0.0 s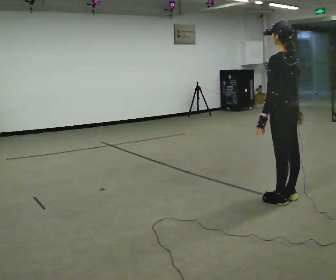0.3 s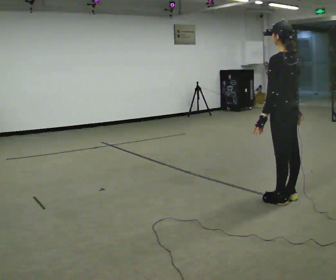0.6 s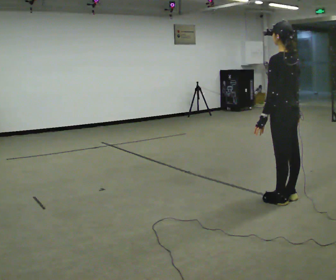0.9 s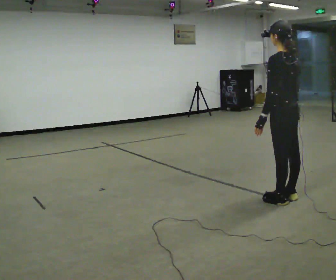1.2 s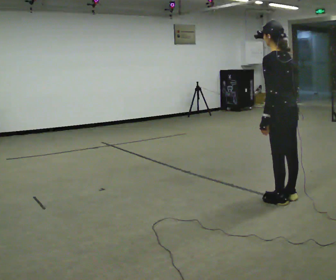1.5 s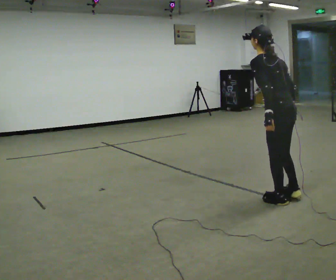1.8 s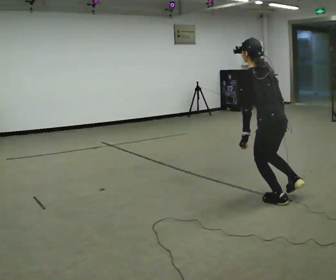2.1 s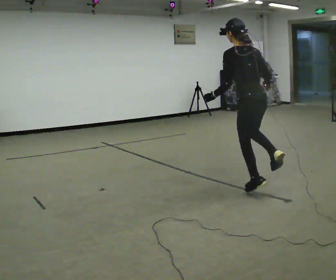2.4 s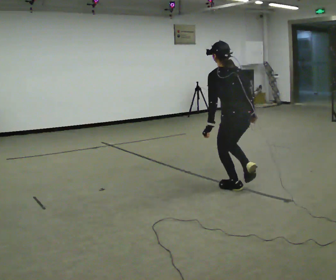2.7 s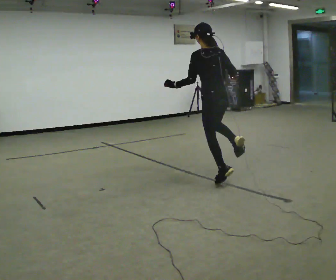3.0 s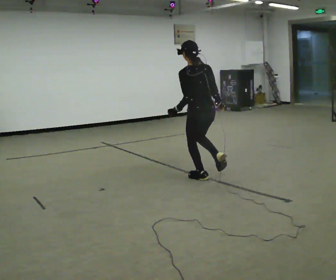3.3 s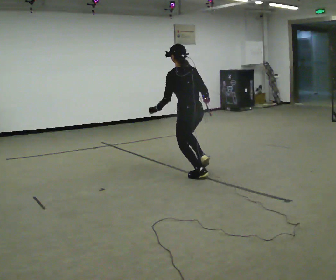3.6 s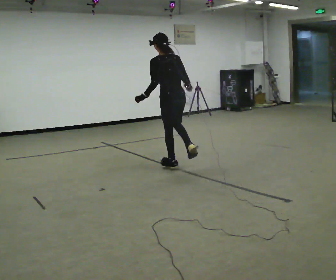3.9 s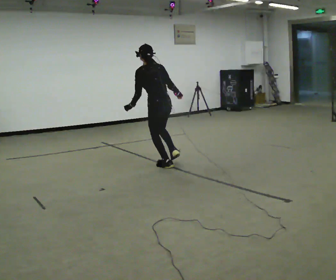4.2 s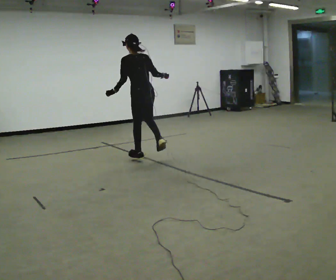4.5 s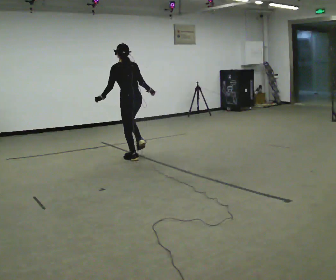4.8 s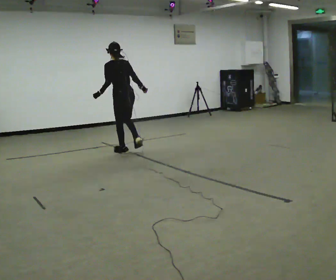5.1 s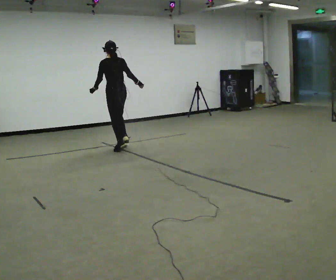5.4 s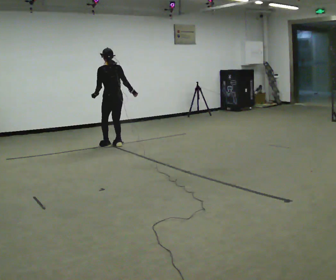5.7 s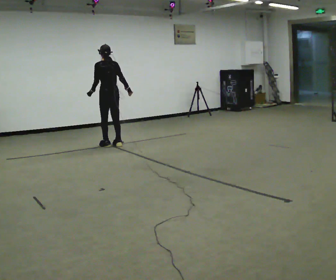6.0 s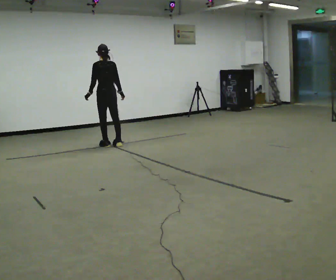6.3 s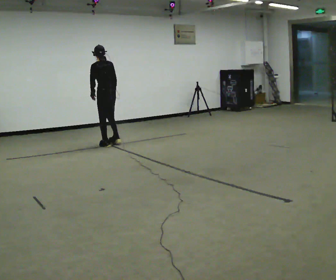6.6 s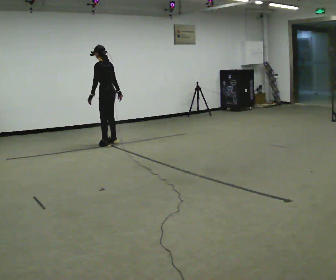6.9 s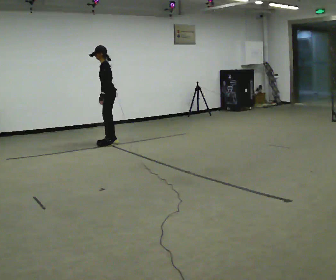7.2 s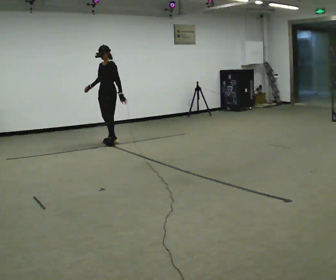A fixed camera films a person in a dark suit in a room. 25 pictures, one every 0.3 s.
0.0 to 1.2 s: The person moves a little, or ends about where they began.
1.2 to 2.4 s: In the picture they go away from the camera and to the left, about 0.5 m in 1 step, which for them is forward.
2.4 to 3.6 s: In the picture they go away from the camera and to the left, about 1 m in 1 step, which for them is forward.
3.6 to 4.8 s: In the picture they go away from the camera and to the left, about 1 m in 2 steps, which for them is forward.
4.8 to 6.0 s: In the picture they go away from the camera and to the left, about 0.75 m in 3 steps, which for them is forward.
6.0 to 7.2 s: The person turns about 105 degrees to their left, counterclockwise seen from above, so the part of the body nearest the lens slides to the right. In the picture they go away from the camera, about 0.25 m in 2 steps. In the picture their right hand goes to the left, the arm swinging clockwise.
The film runs forward here.
